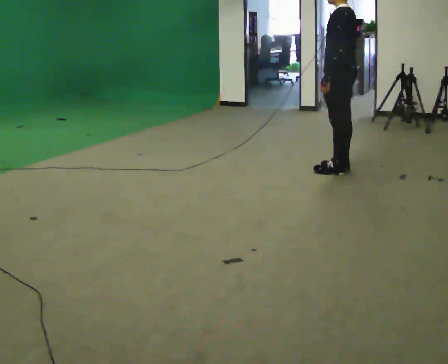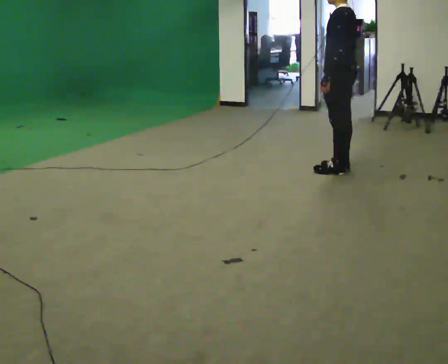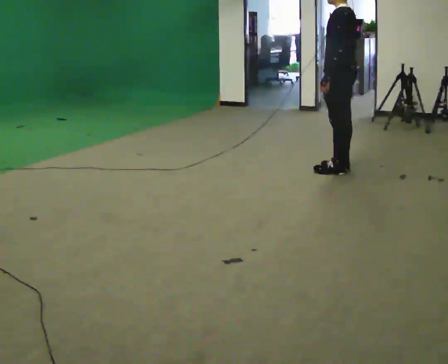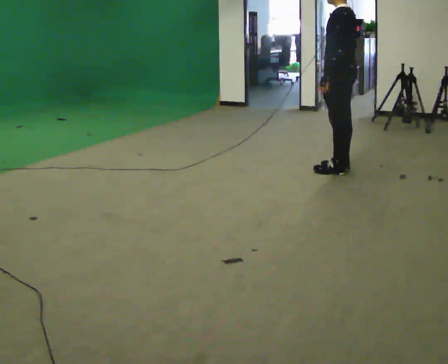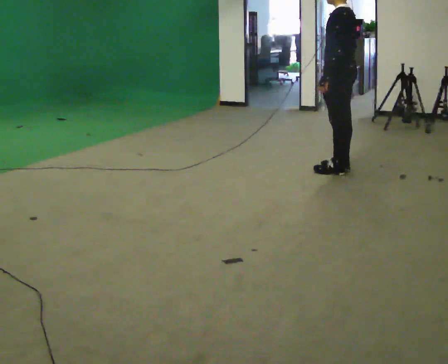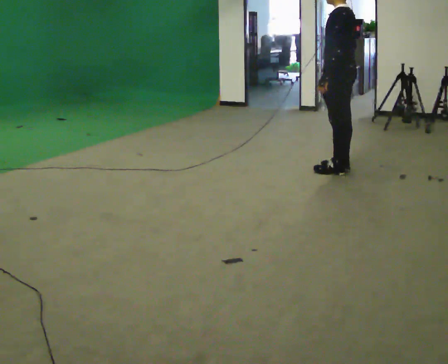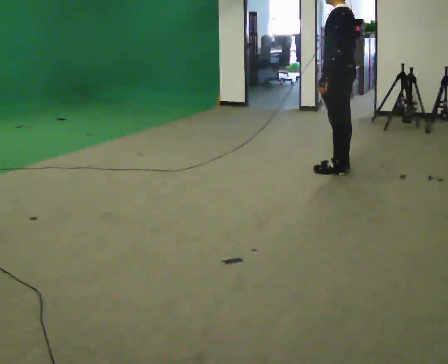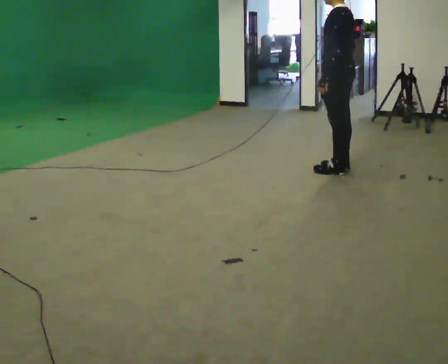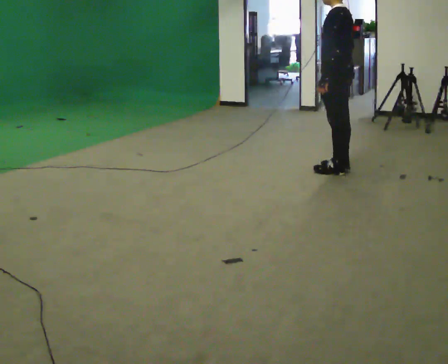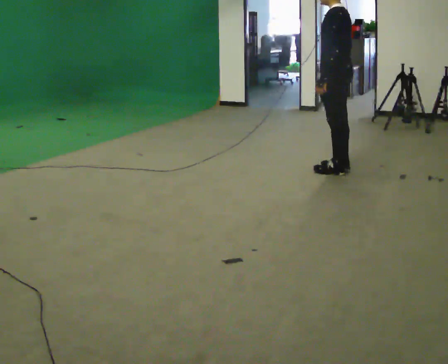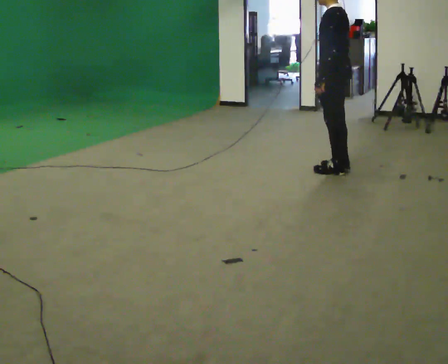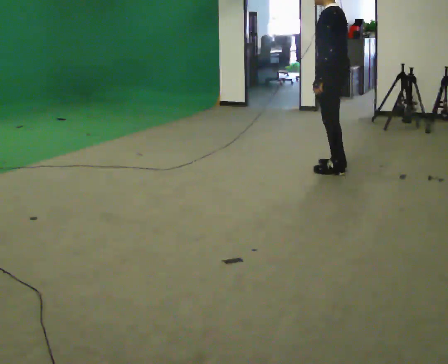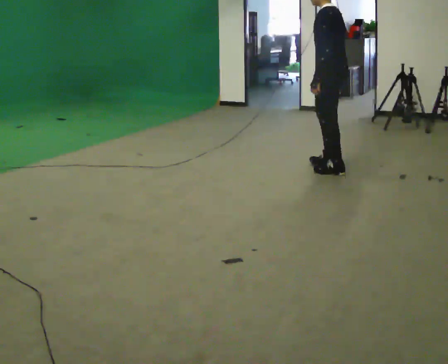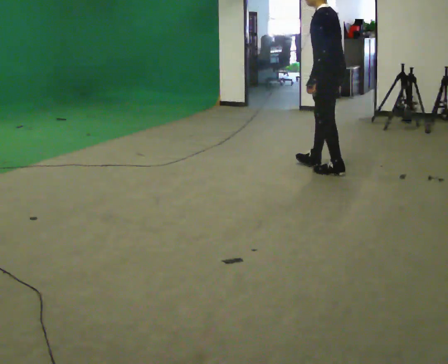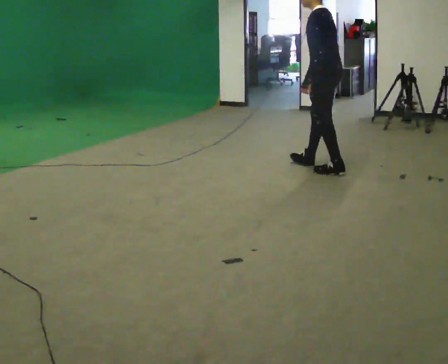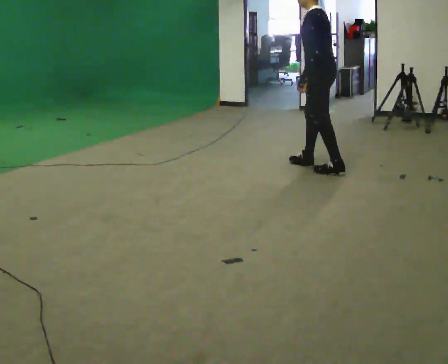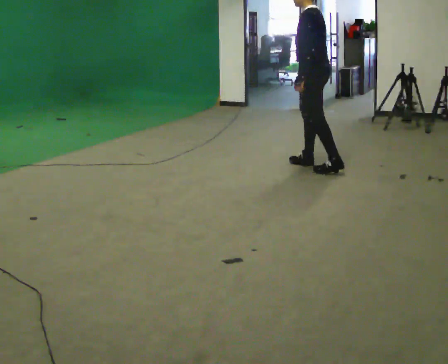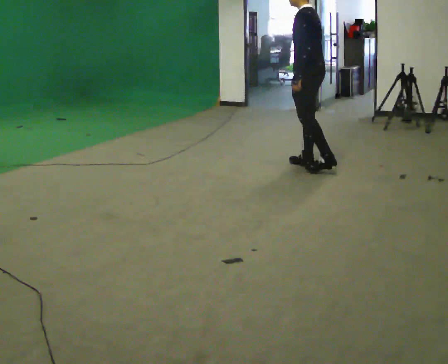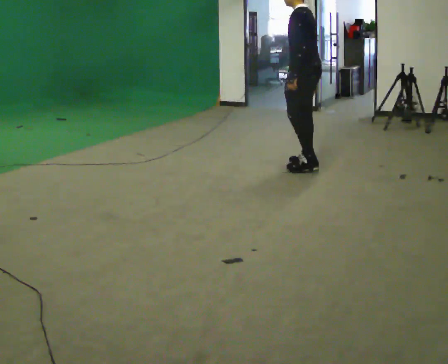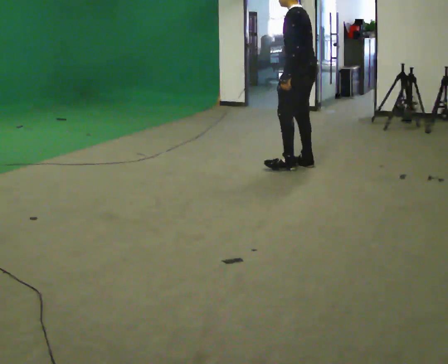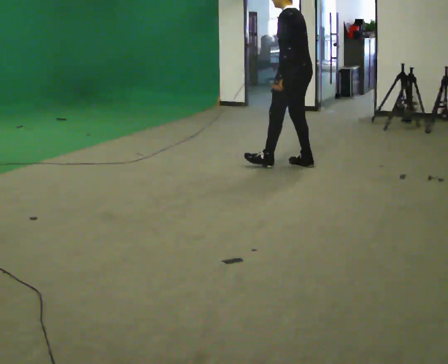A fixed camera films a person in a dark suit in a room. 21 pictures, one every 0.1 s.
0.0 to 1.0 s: The person moves a little, or ends about where they began.
1.0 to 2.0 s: In the picture they go to the left, about 0.5 m in 2 steps, which for them is forward.
The film runs backward here.
